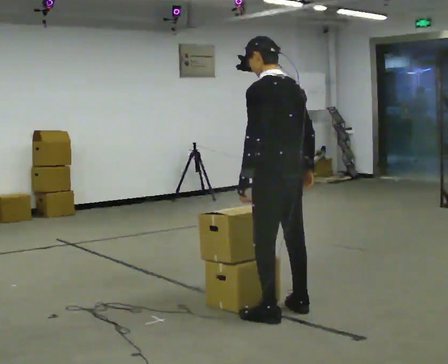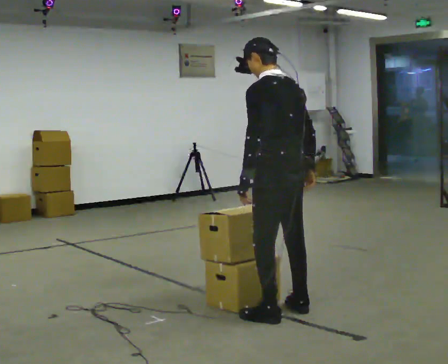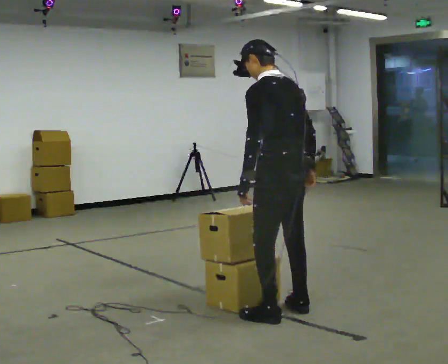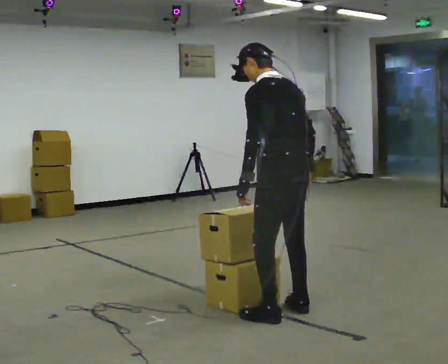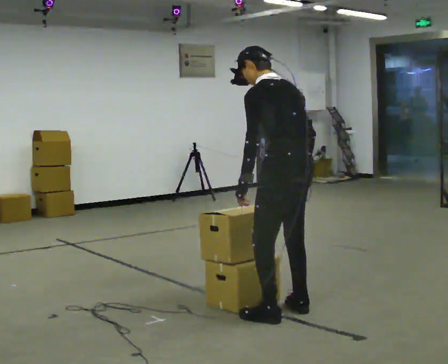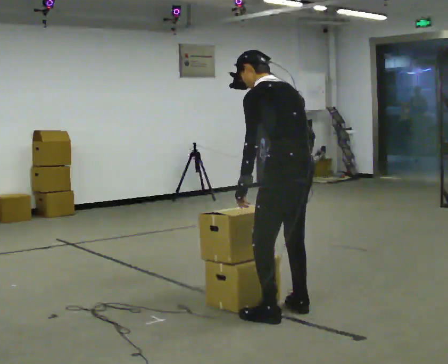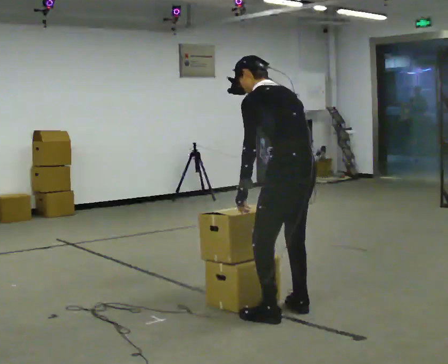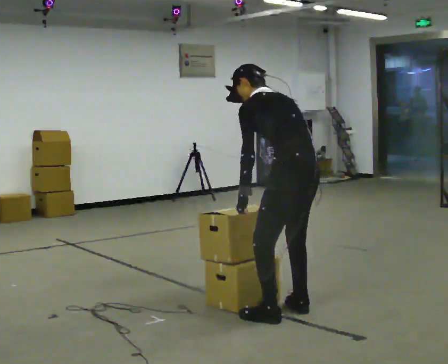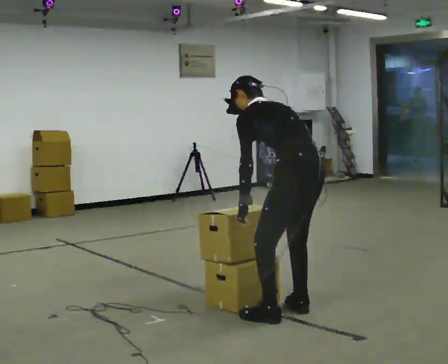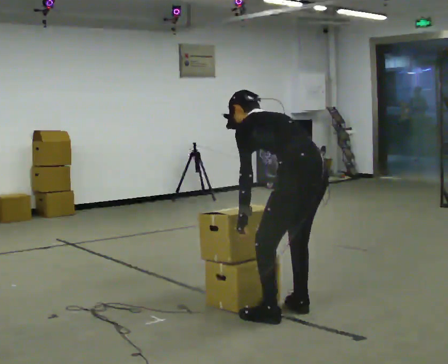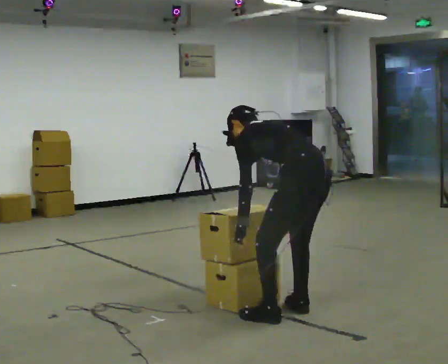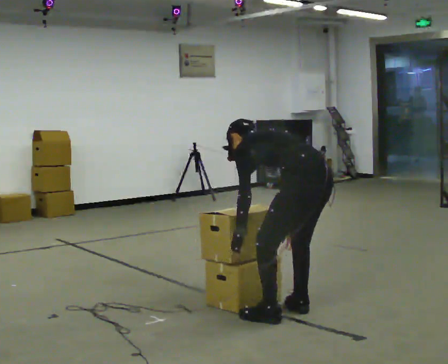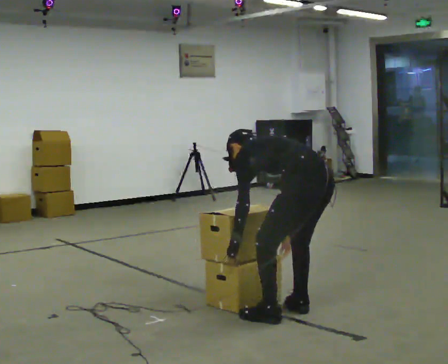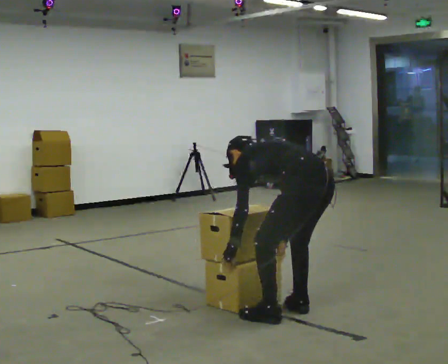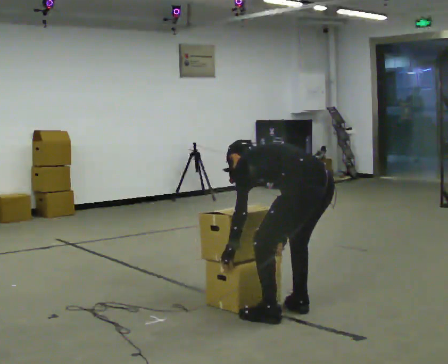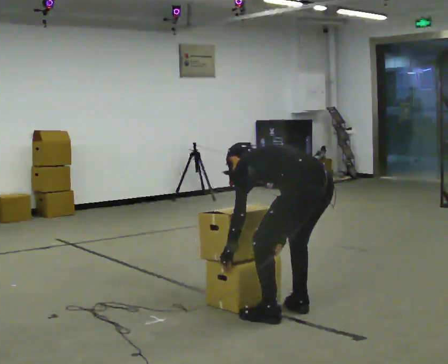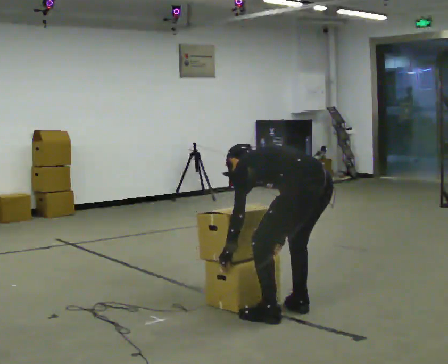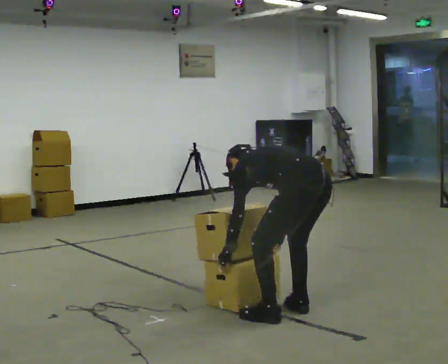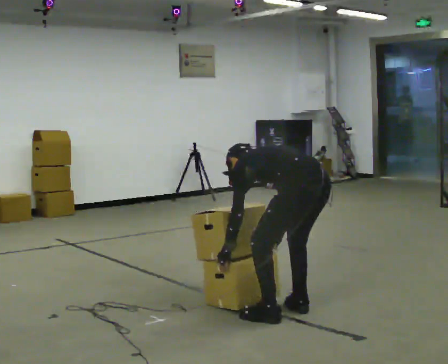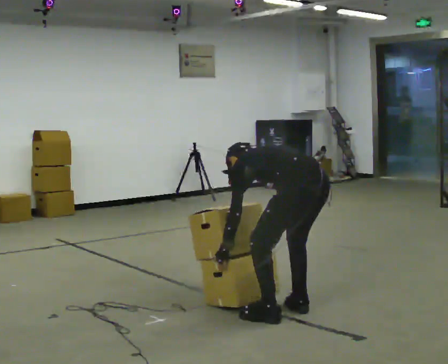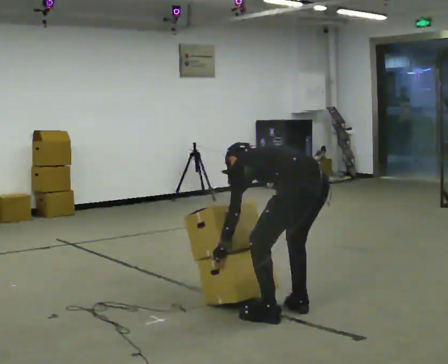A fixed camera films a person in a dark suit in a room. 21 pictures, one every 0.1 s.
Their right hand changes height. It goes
downward.
The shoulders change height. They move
downward.
0.0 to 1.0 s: In the picture they go to the right, about 0.25 m, which for them is backward. The upper body goes downward. The upper body tips away from the camera, its near side rolling upward, as they bend forward.
1.0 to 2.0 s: The upper body goes downward. The upper body tips away from the camera, its near side rolling upward, as they bend forward.
The film runs backward here.
